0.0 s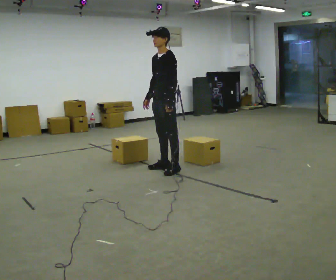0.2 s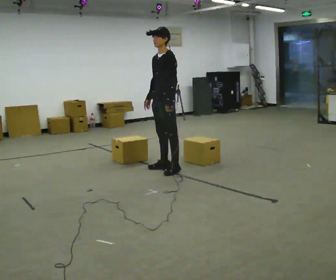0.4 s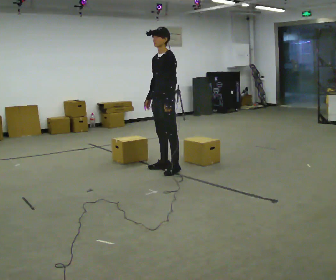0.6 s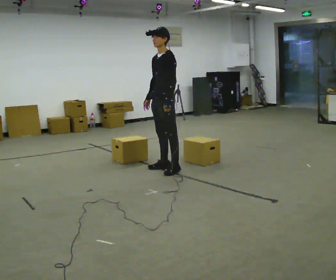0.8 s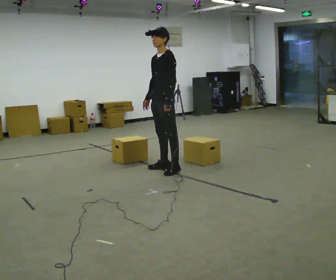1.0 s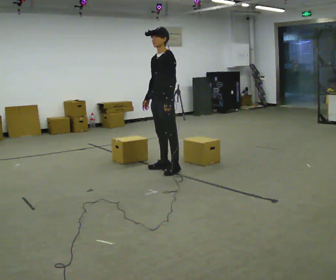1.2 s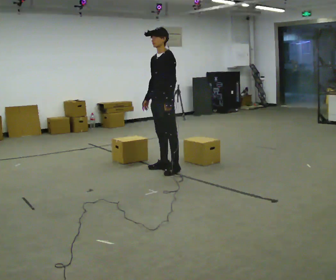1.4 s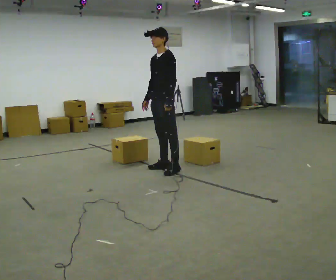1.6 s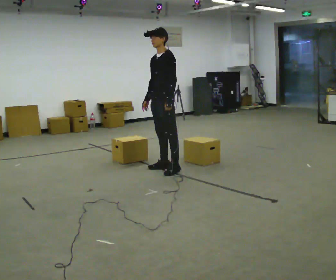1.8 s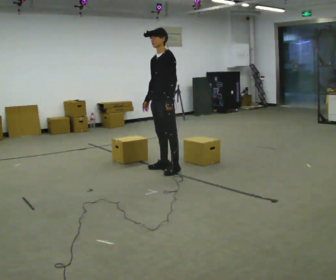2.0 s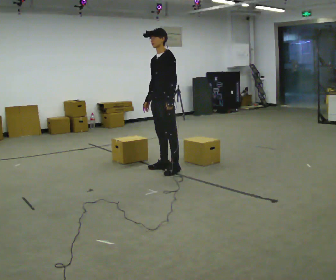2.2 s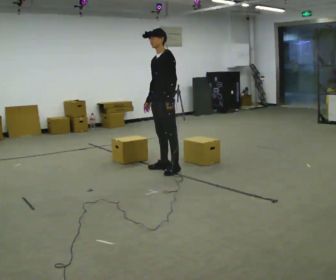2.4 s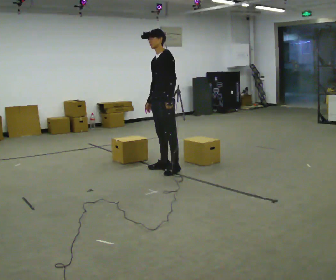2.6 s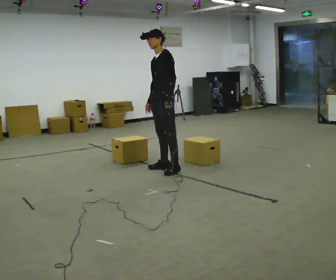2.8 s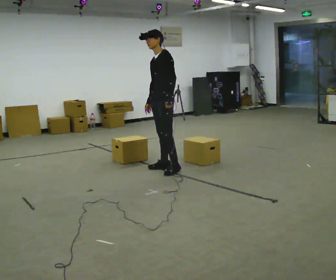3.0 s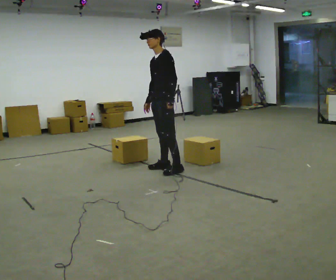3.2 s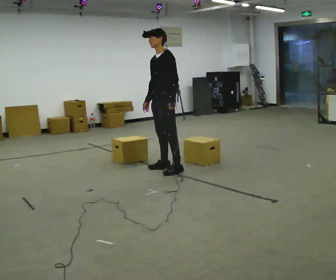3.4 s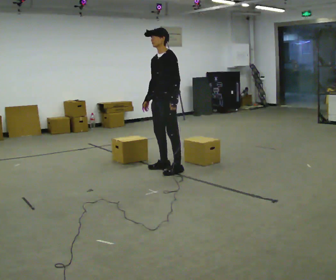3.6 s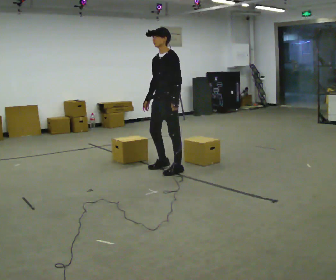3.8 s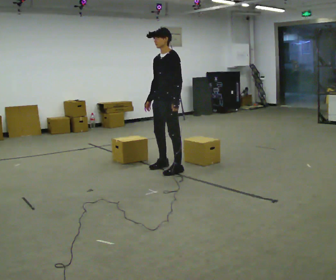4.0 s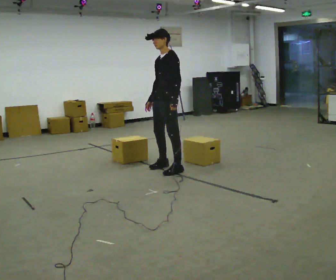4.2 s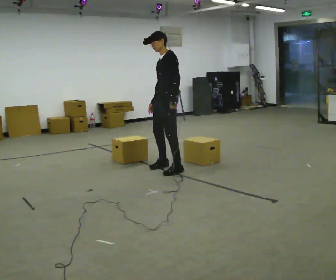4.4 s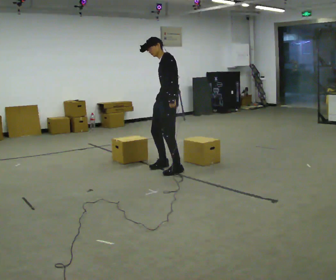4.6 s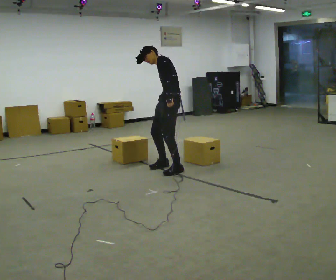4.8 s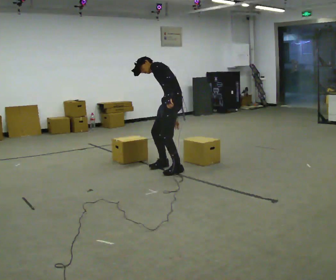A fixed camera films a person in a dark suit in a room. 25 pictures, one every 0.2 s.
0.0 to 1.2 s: The person keeps their place and pose.
1.2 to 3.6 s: The person moves a little, or ends about where they began.
3.6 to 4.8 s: Seen from above the body turns clockwise, about 30 degrees: to their right, with its near side sliding to the left. The shoulders move downward. The upper body tips away from the camera, its near side rolling upward, as they bend forward. In the picture their right hand goes to the right.
The film runs forward here.
